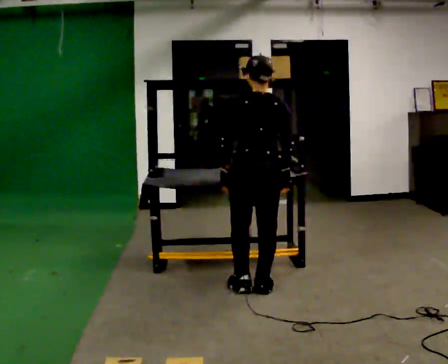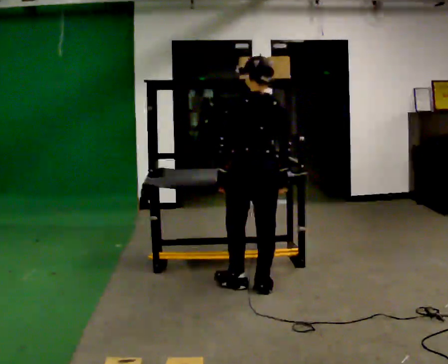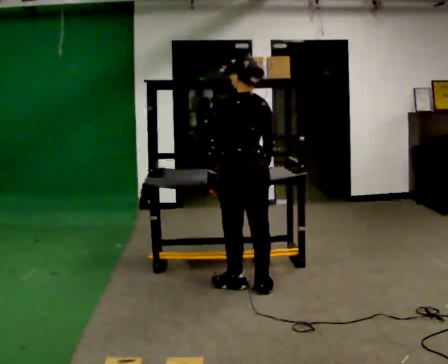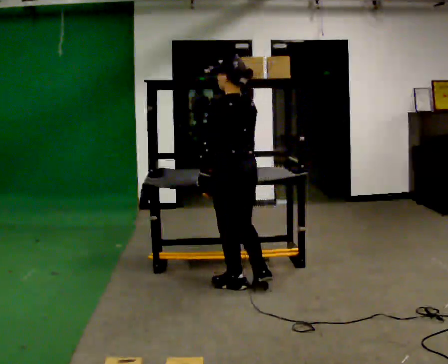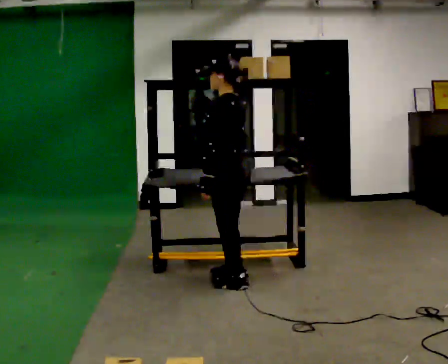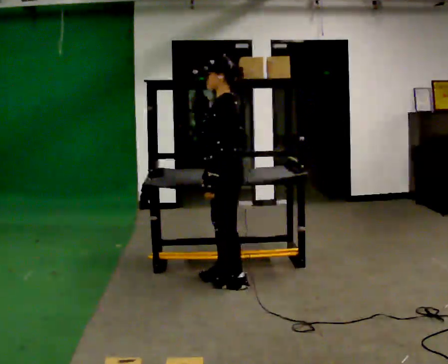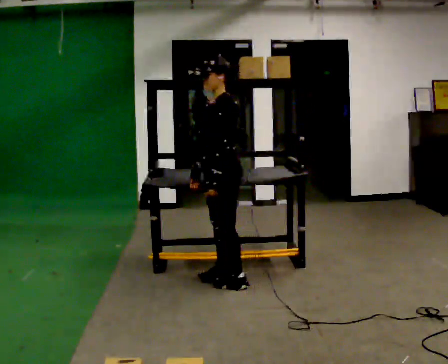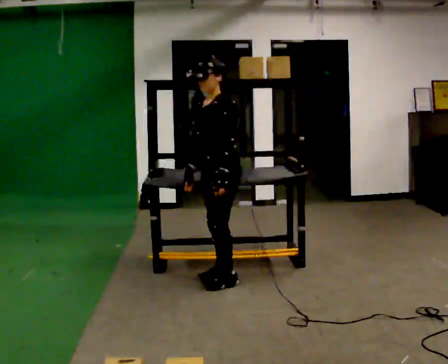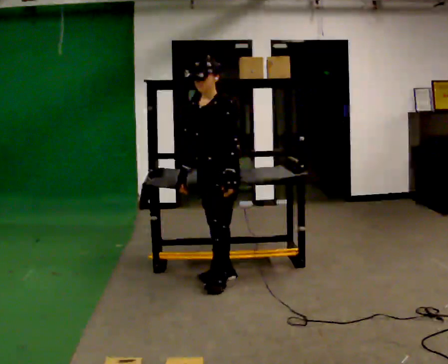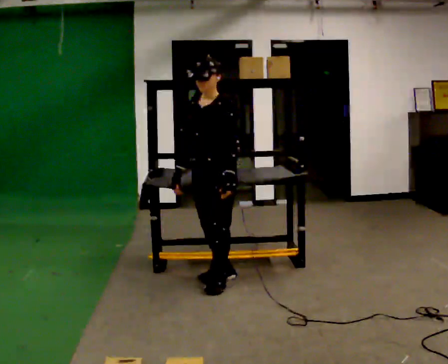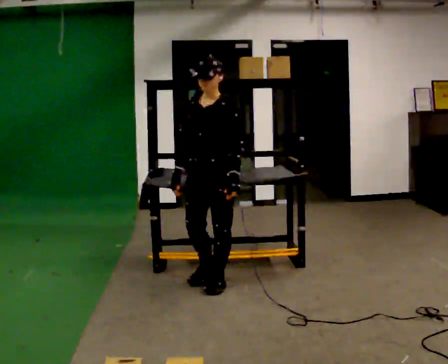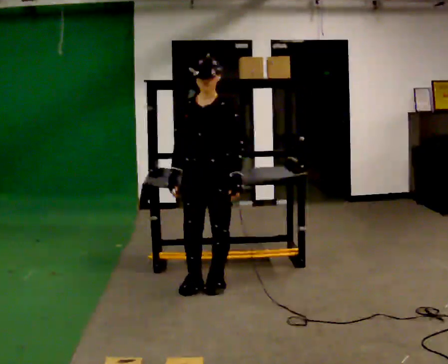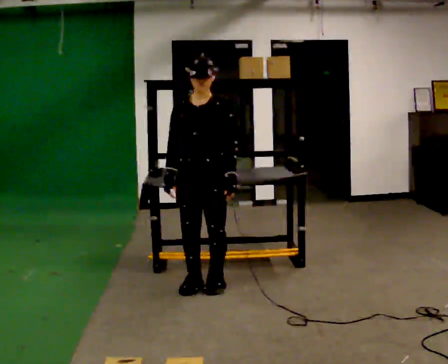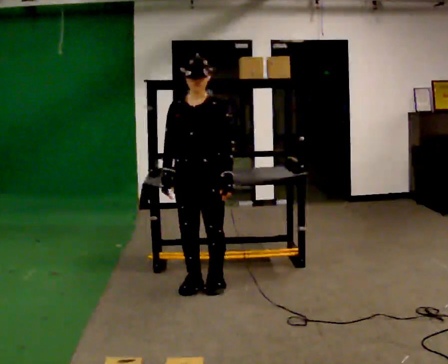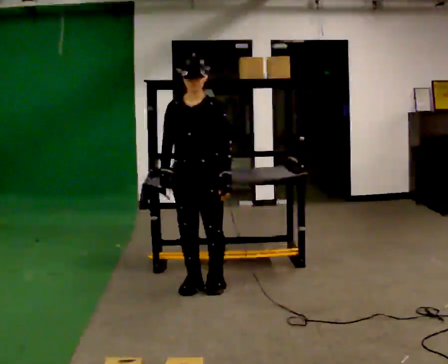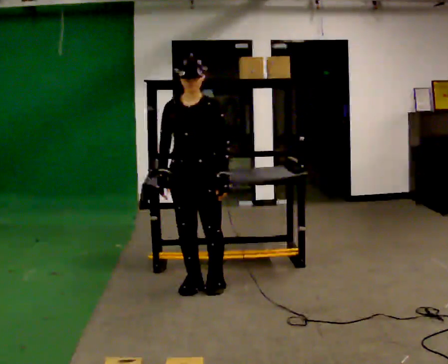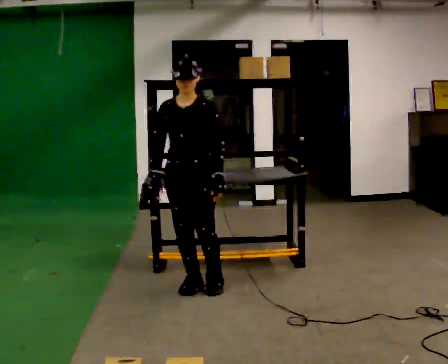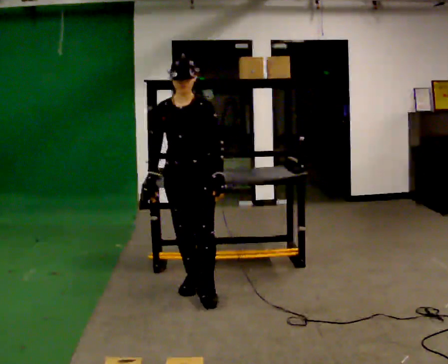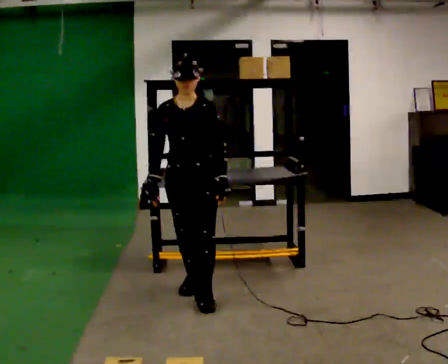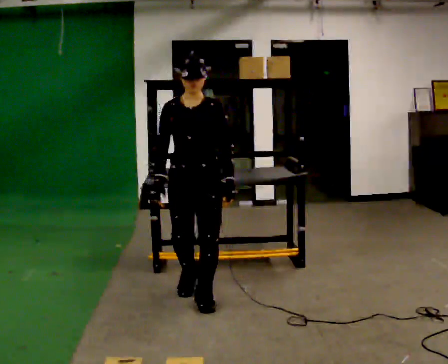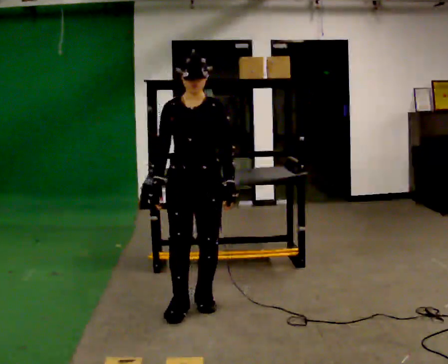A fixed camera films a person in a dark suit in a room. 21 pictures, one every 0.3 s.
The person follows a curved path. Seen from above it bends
counterclockwise.
The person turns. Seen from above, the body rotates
counterclockwise.
0.0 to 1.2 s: The part of the body nearest the lens slides to the right as the person turns to their left by about 60 degrees. In the picture they go to the left, about 0.25 m, which for them is forward. In the picture their right hand goes to the left.
1.2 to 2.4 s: Seen from above the body turns counterclockwise, about 60 degrees: to their left, with its near side sliding to the right.
2.4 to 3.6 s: The person turns about 30 degrees to their left, counterclockwise seen from above, so the part of the body nearest the lens slides to the right. In the picture they go toward the camera, about 0.25 m in 1 step, which for them is forward.
3.6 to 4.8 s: The person moves a little, or ends about where they began.
4.8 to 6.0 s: In the picture they go toward the camera, about 0.25 m in 1 step, which for them is forward.
The film runs forward here.
